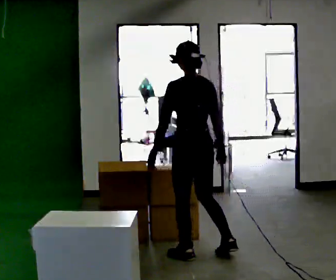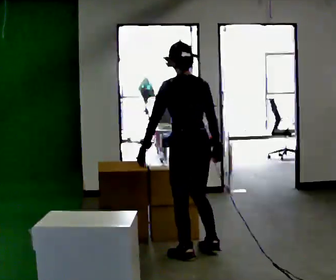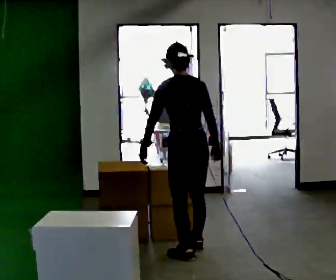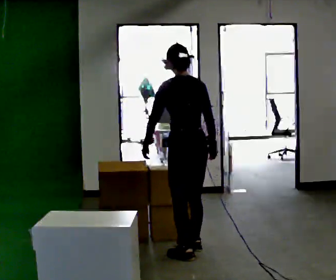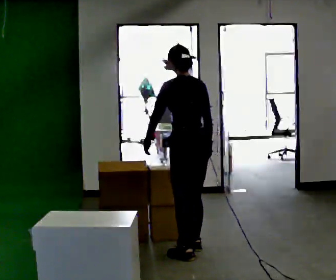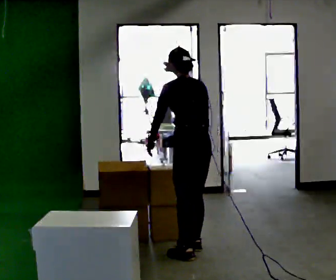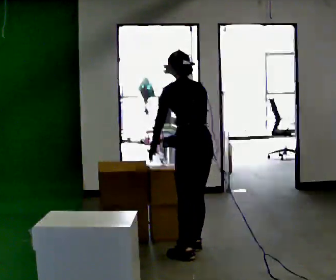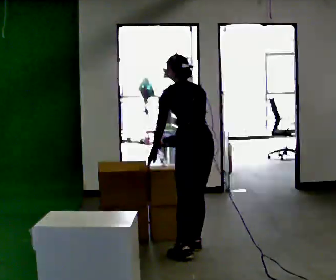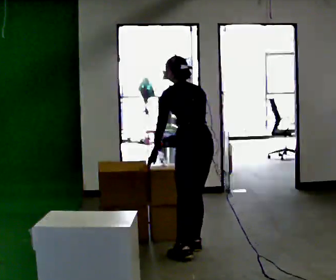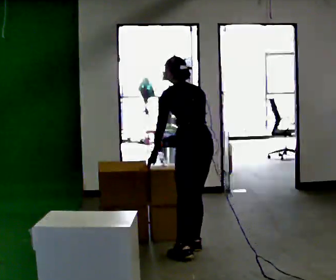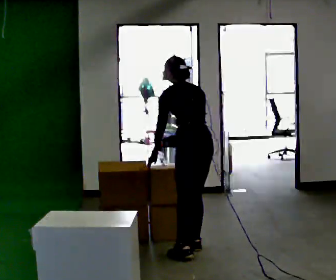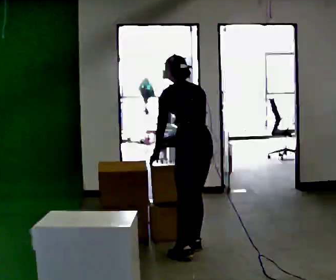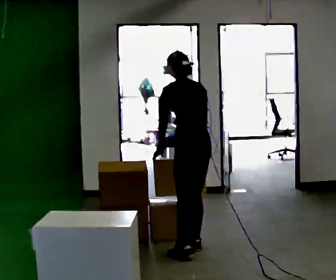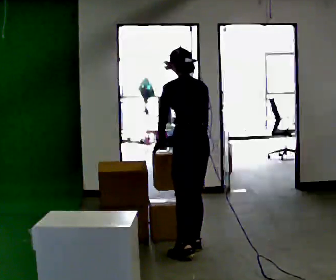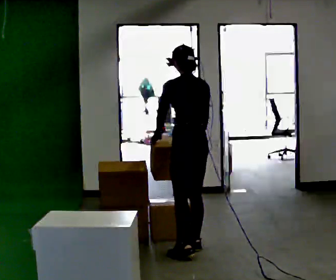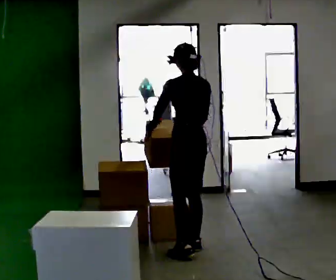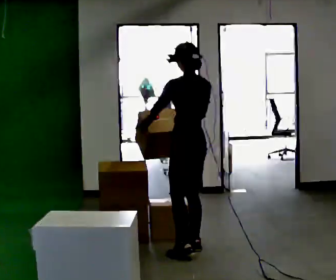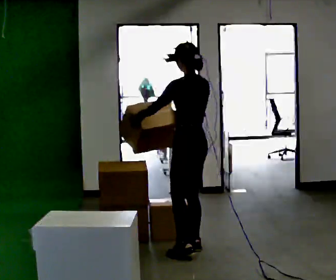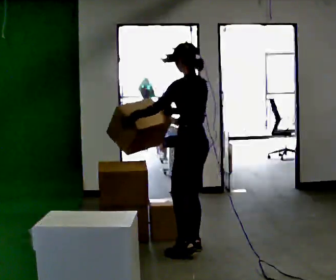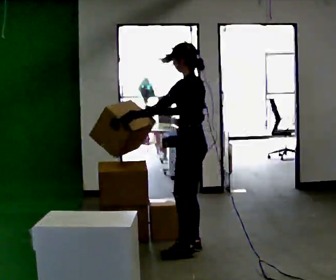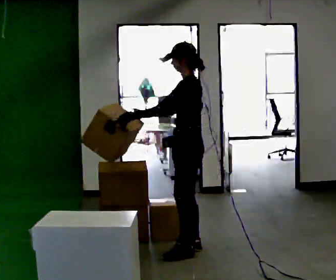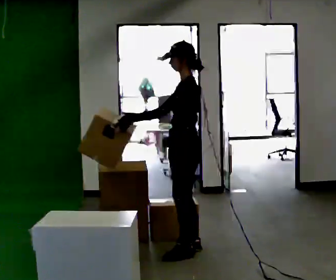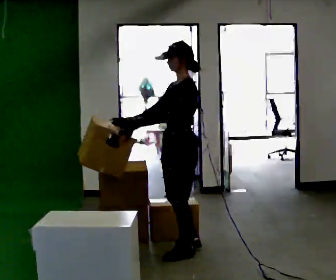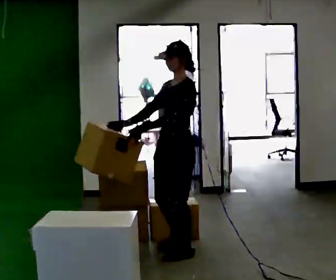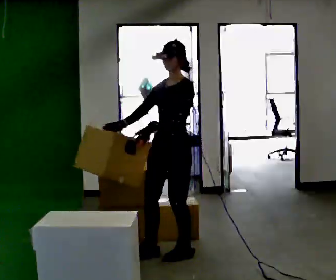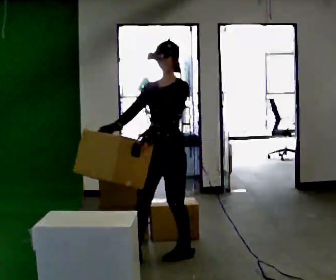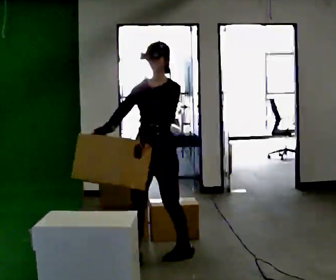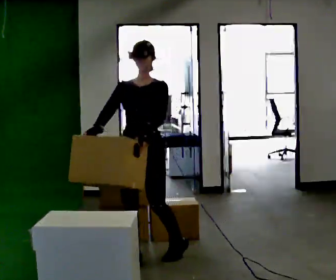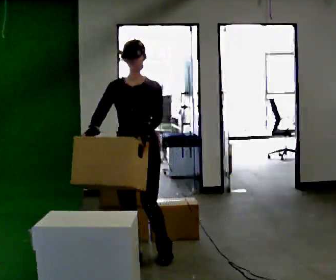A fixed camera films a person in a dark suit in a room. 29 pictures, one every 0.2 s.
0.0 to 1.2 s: In the picture they go away from the camera, about 0.25 m in 1 step, which for them is forward. The upper body tips away from the camera, its near side rolling upward, as they bend forward.
1.2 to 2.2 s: The person moves a little, or ends about where they began.
2.2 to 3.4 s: The upper body tips toward the camera, its near side rolling downward, as they lean back or straighten.
3.4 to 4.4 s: The person turns about 45 degrees to their left, counterclockwise seen from above, so the part of the body nearest the lens slides to the right.
4.4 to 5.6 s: The part of the body nearest the lens slides to the right as the person turns to their left by about 75 degrees. In the picture they go to the left and toward the camera, about 0.5 m in 1 step.
The film runs forward here.
